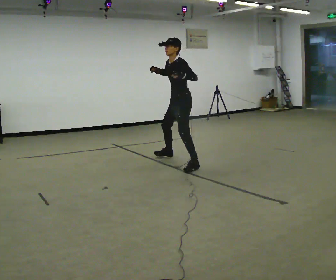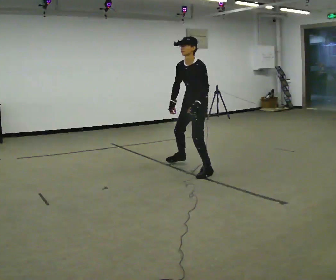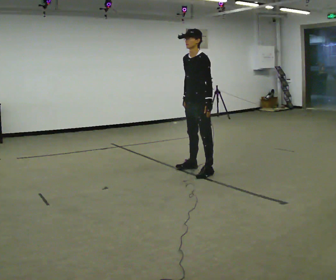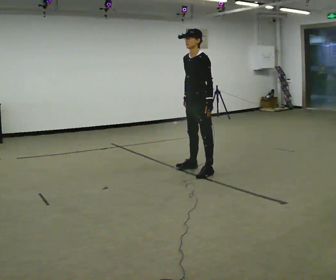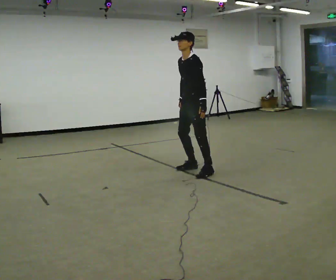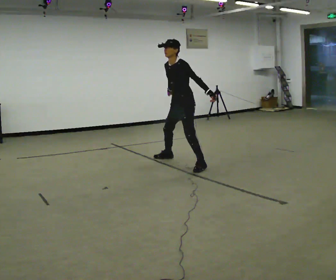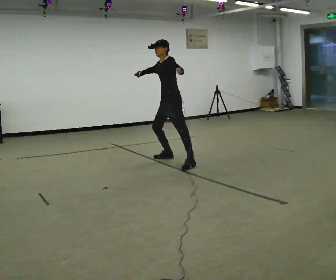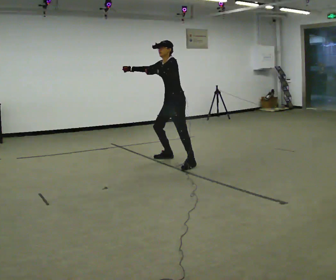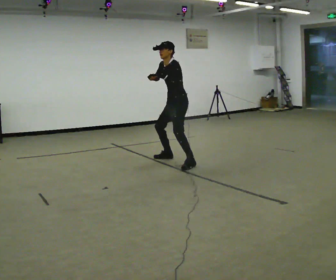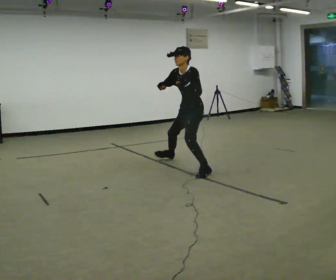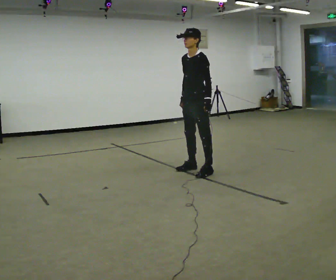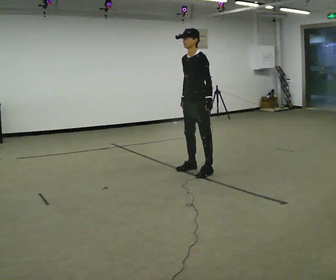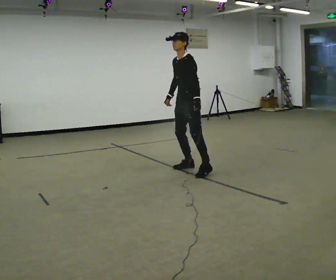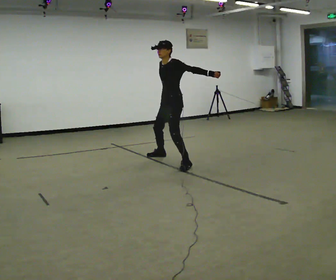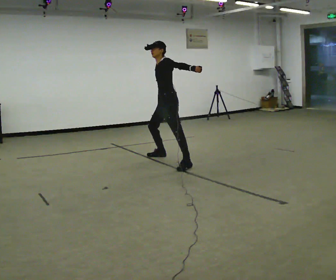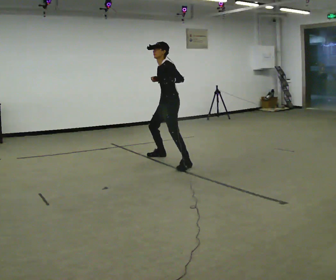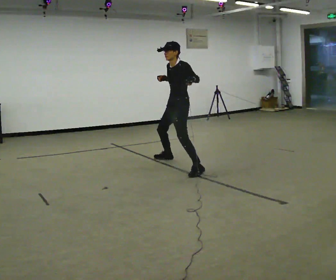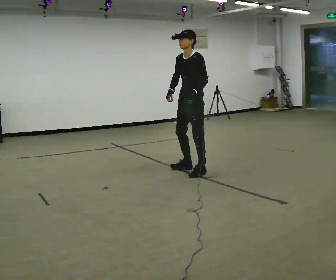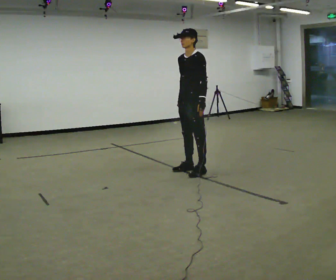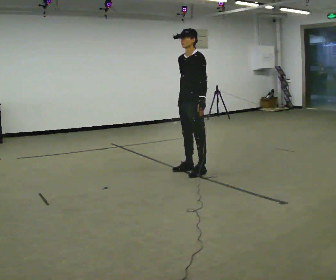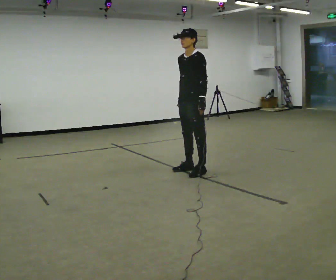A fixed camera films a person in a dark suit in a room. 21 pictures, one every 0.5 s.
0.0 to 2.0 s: In the picture they go toward the camera and to the right, about 0.5 m in 2 steps, which for them is to their left. In the picture their right hand goes downward.
2.0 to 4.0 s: In the picture they go away from the camera and to the left, about 0.5 m in 3 steps, which for them is to their right. In the picture their right hand goes upward.
4.0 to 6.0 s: In the picture they go toward the camera and to the right, about 0.5 m in 3 steps, which for them is to their left.
6.0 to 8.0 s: In the picture they go away from the camera, about 0.25 m in 3 steps, which for them is to their right.
8.0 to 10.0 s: In the picture they go toward the camera and to the right, about 0.5 m in 1 step, which for them is to their left.
The film runs backward here.
